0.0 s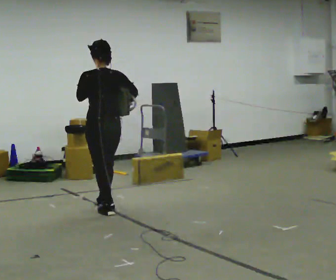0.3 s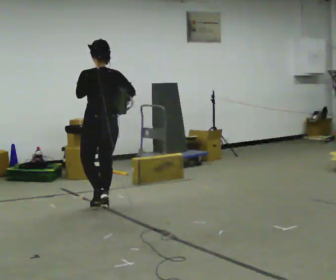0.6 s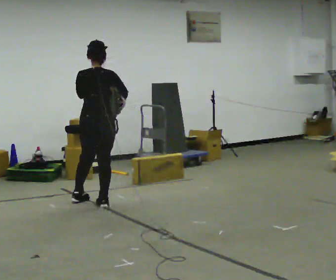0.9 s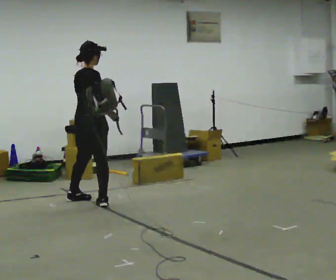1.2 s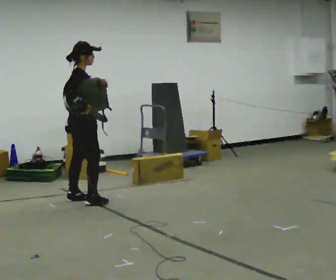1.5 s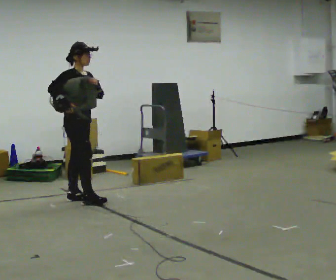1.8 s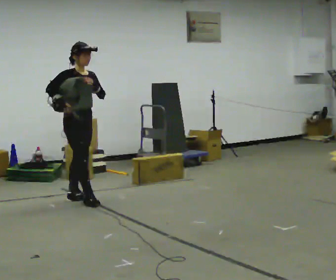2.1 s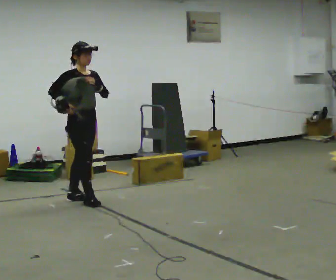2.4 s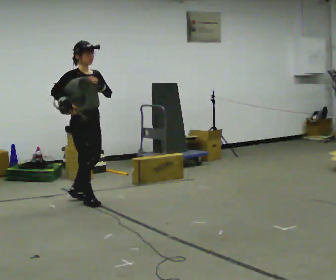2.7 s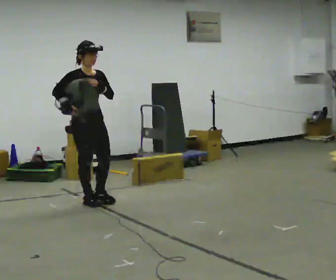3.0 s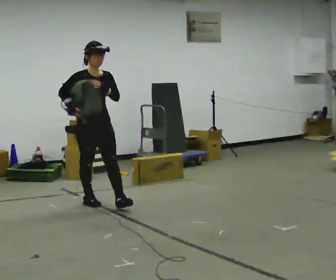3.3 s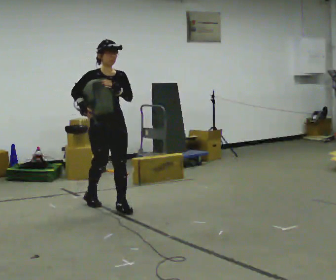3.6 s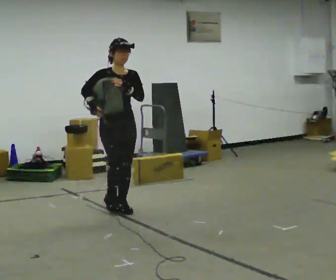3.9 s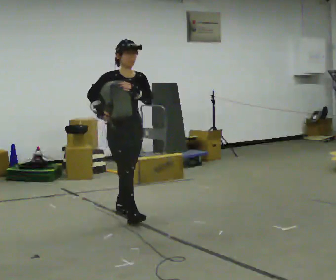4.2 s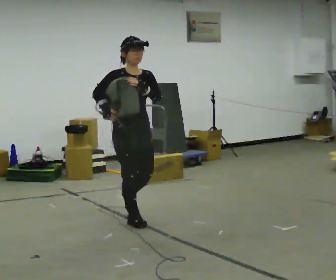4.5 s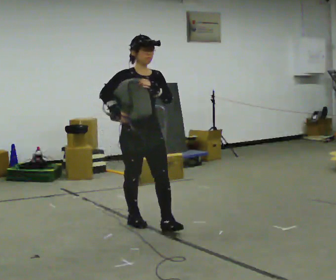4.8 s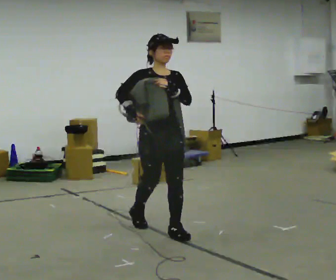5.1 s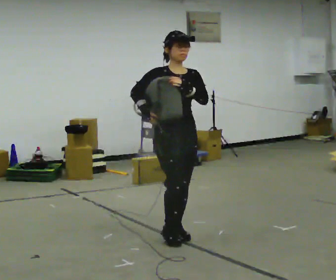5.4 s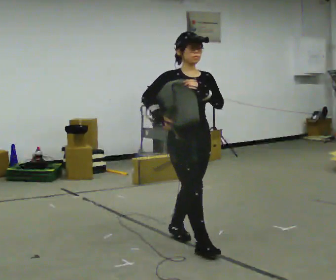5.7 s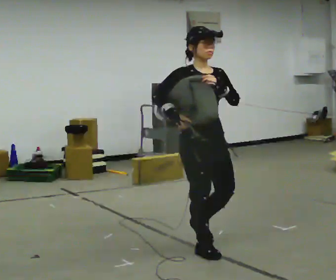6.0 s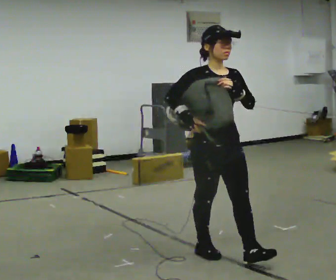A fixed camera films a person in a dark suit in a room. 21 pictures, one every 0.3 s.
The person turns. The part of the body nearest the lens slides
to the left.
The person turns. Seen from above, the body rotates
clockwise.
0.0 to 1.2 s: Seen from above the body turns clockwise, about 105 degrees: to their right, with its near side sliding to the left. In the picture they go away from the camera and to the left, about 0.5 m in 1 step.
1.2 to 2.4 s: The part of the body nearest the lens slides to the left as the person turns to their right by about 45 degrees.
2.4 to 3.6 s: The part of the body nearest the lens slides to the left as the person turns to their right by about 30 degrees. In the picture they go toward the camera and to the right, about 0.5 m in 1 step, which for them is forward.
3.6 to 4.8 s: In the picture they go toward the camera and to the right, about 1 m in 2 steps, which for them is forward.
4.8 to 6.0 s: In the picture they go toward the camera and to the right, about 1 m in 1 step, which for them is forward.
The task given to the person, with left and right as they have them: Put the soft bag up onto your shoulder and carry it across the room, back and forth.
The film runs forward here.
